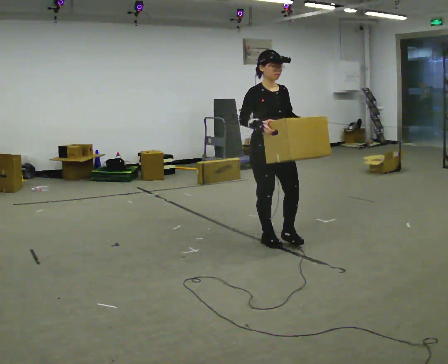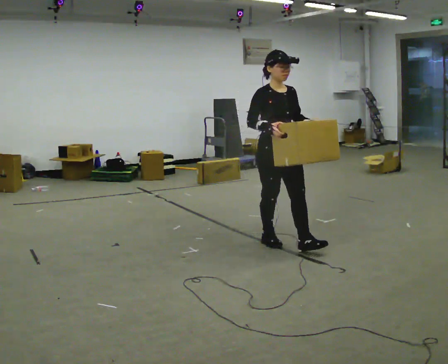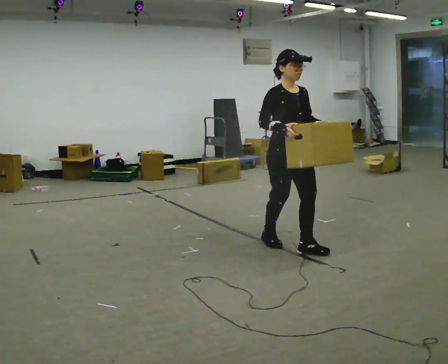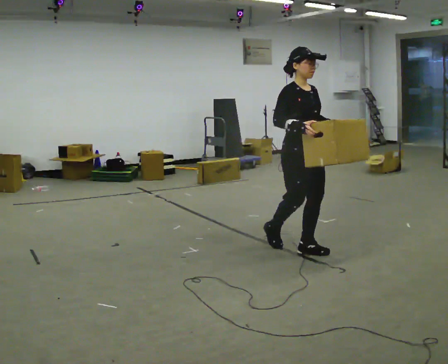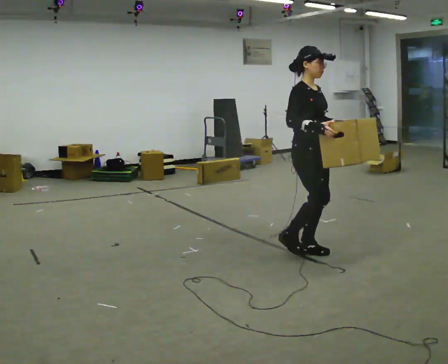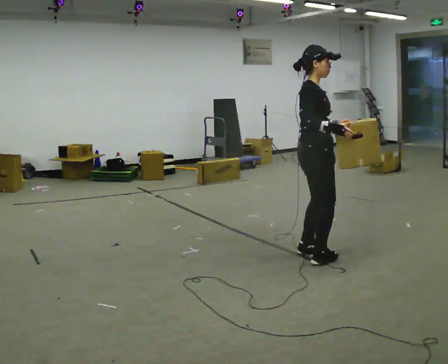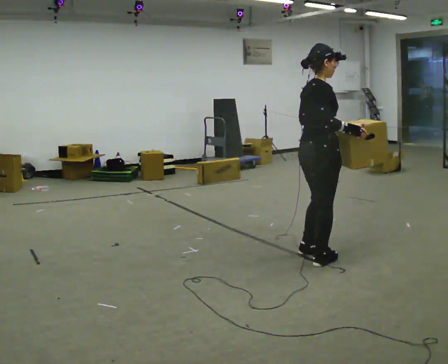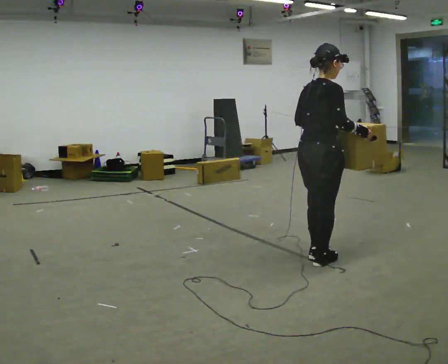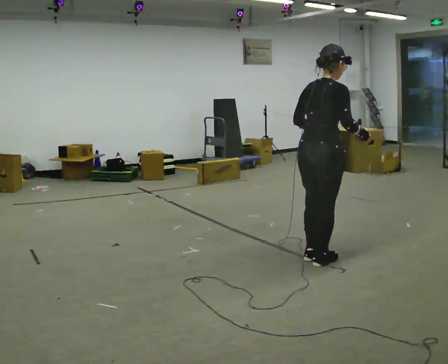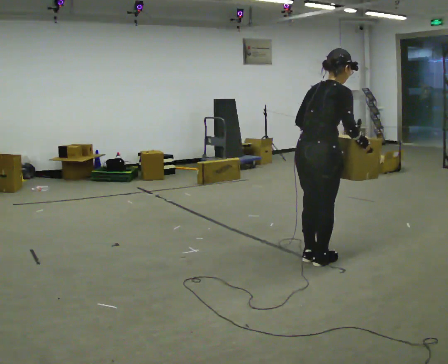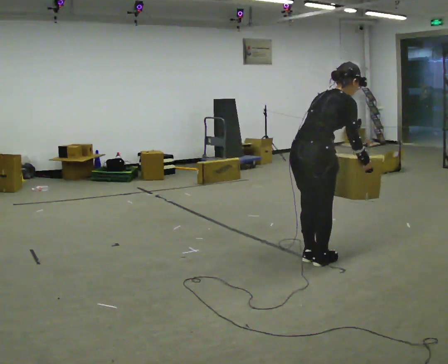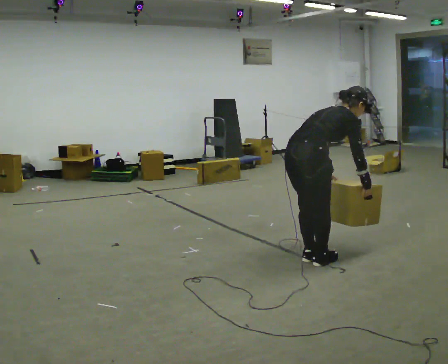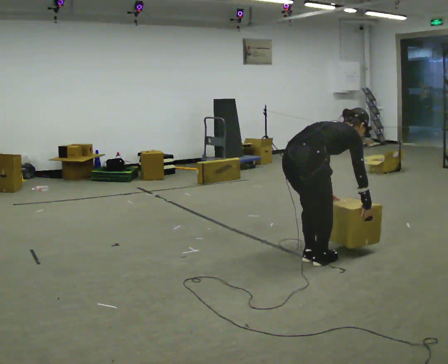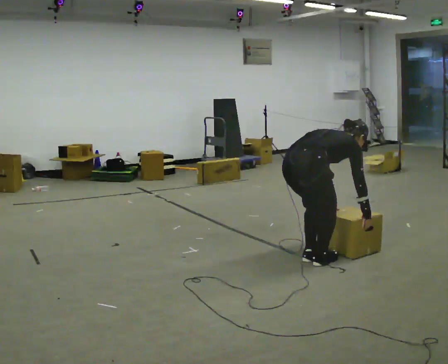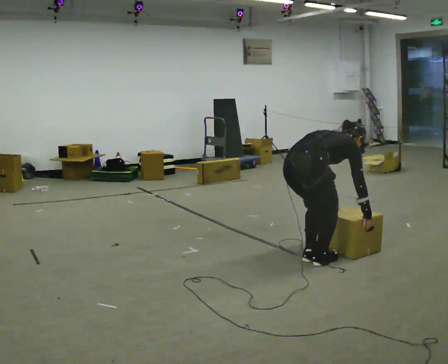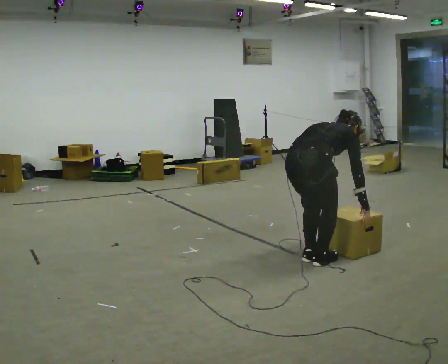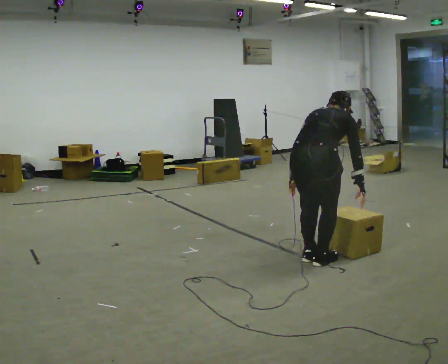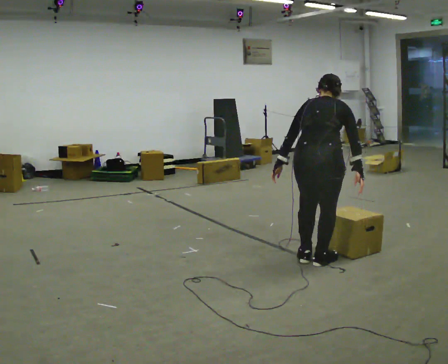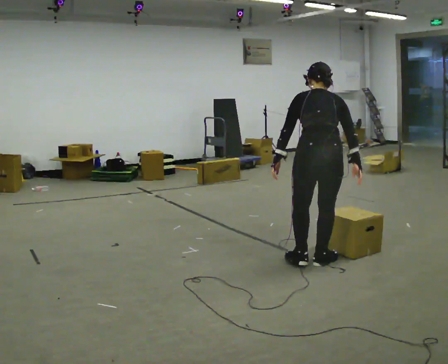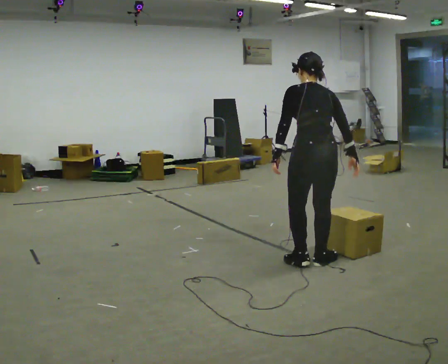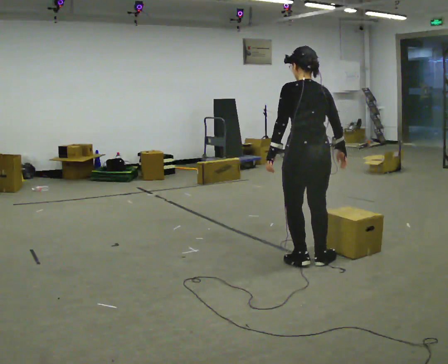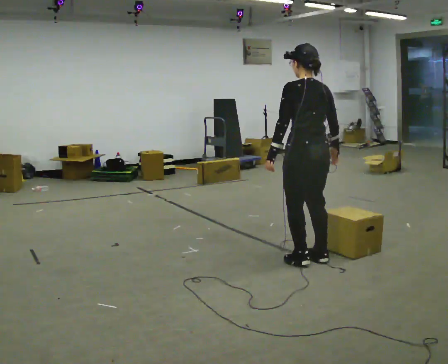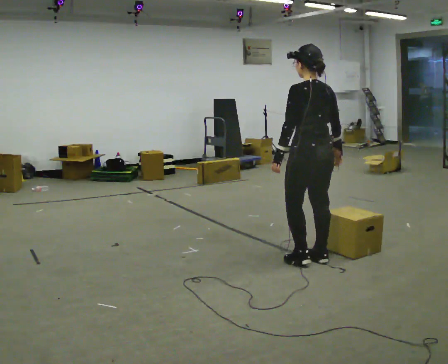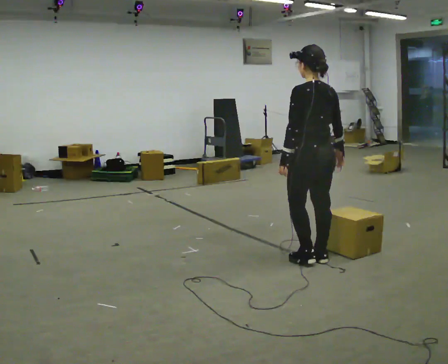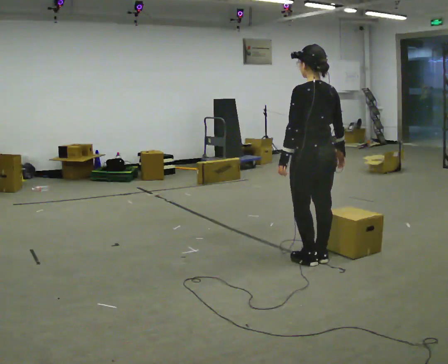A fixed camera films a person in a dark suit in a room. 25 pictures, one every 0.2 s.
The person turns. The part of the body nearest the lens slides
to the right.
The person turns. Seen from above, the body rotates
counterclockwise.
0.0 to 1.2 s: The person turns about 75 degrees to their left, counterclockwise seen from above, so the part of the body nearest the lens slides to the right. In the picture they go toward the camera and to the right, about 0.5 m in 2 steps.
1.2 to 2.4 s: The upper body goes downward. In the picture the upper body tilts clockwise, shoulders to the right, as they bend forward. In the picture their left hand goes downward.
2.4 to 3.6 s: The person turns about 60 degrees to their left, counterclockwise seen from above, so the part of the body nearest the lens slides to the right. The upper body goes upward. In the picture the upper body tilts counterclockwise, shoulders to the left, as they lean back or straighten. In the picture their left hand goes to the left and upward.
3.6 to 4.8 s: The part of the body nearest the lens slides to the right as the person turns to their left by about 30 degrees. In the picture they go away from the camera, about 0.25 m, which for them is forward. The upper body tips toward the camera, its near side rolling downward, as they lean back or straighten.
The film runs forward here.
